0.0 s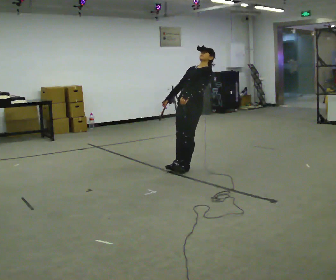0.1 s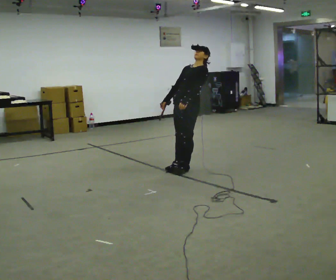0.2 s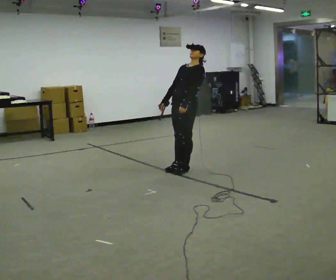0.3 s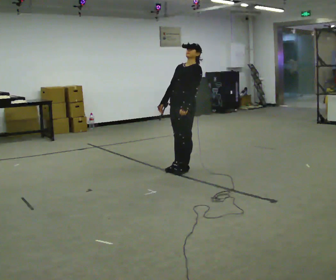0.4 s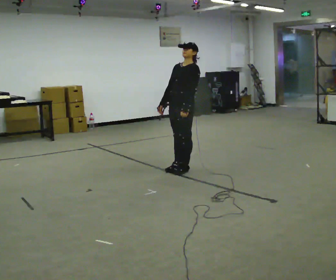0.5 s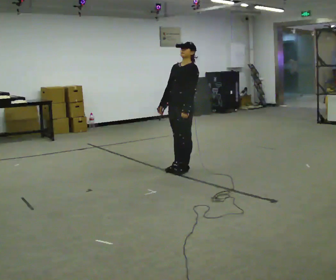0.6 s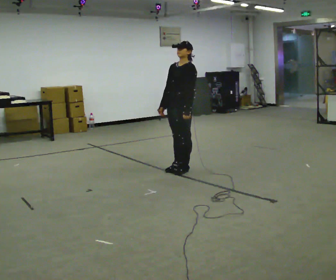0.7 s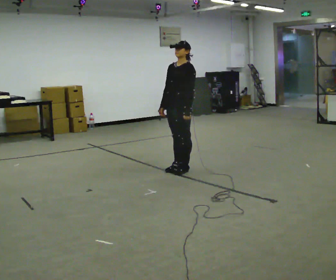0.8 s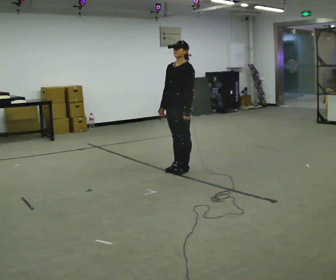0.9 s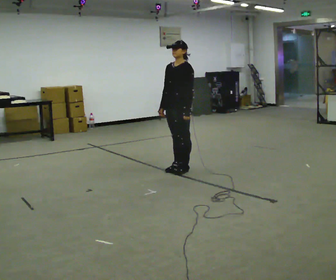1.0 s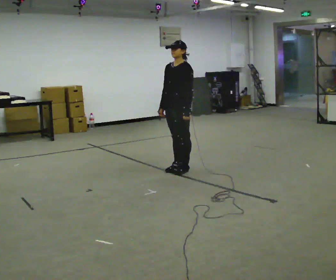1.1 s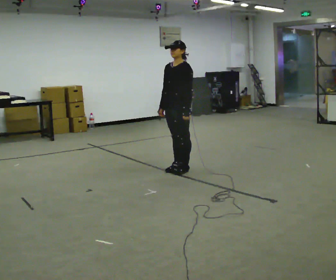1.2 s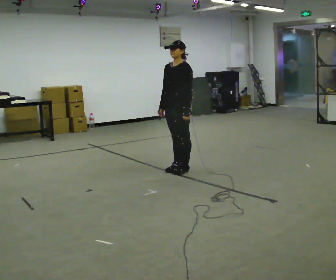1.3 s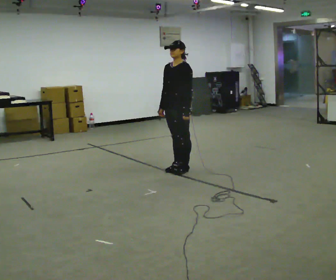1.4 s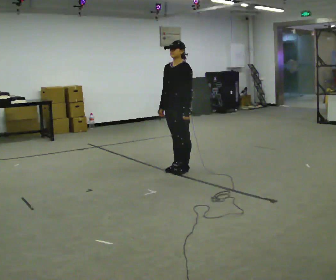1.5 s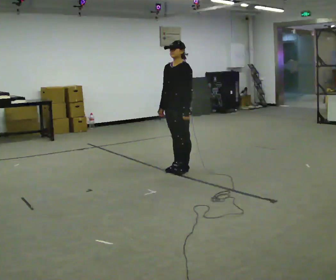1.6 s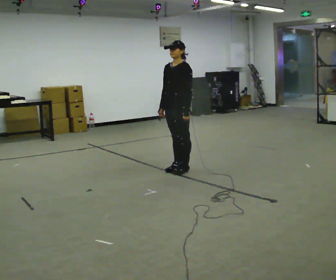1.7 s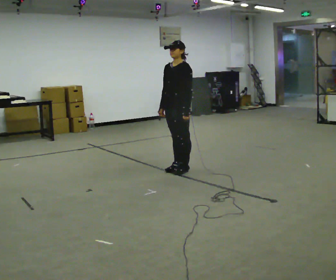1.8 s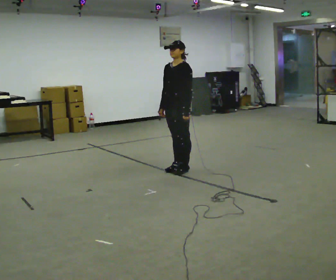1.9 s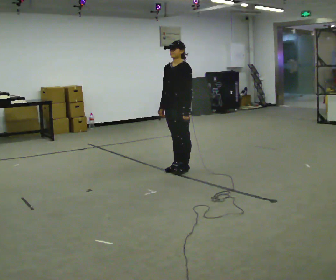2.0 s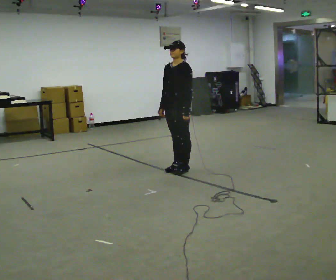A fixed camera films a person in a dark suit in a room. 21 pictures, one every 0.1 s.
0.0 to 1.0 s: In the picture they go toward the camera and to the left, about 0.25 m, which for them is forward. In the picture the upper body tilts counterclockwise, shoulders to the left, as they bend forward.
1.0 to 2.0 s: The person keeps their place and pose.
The film runs backward here.
